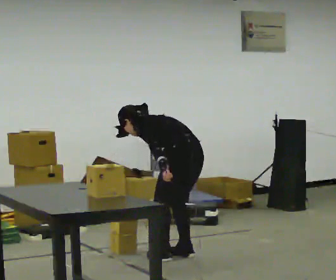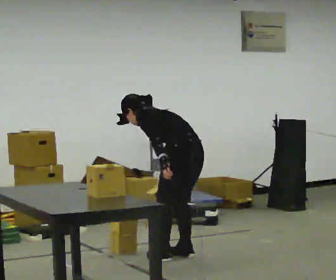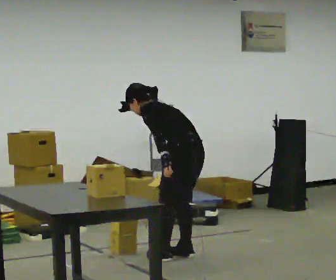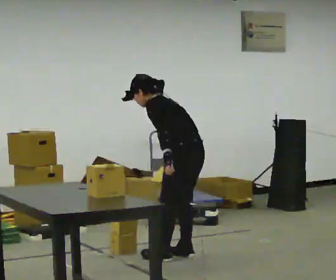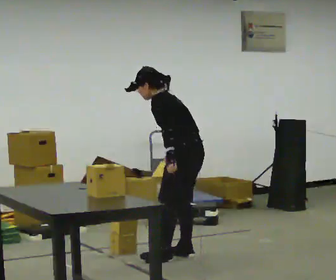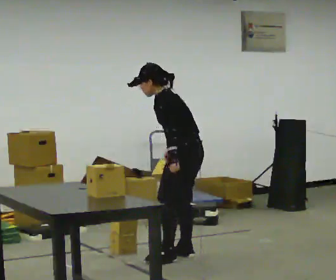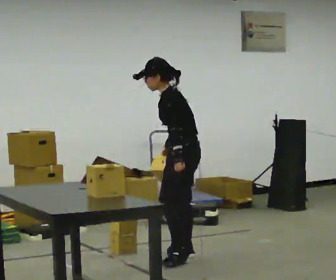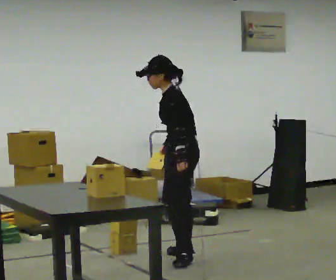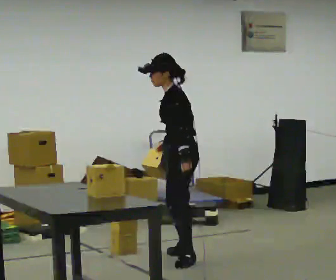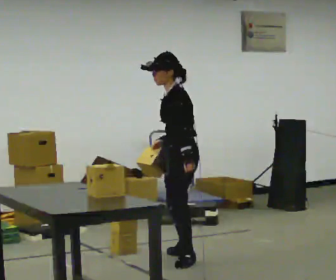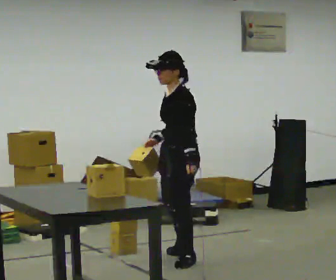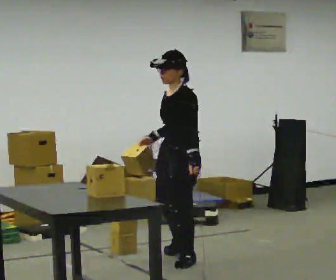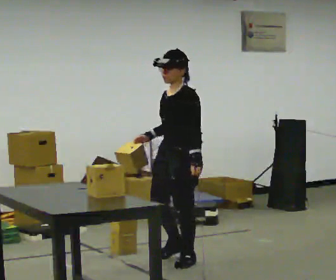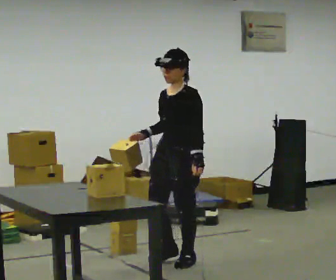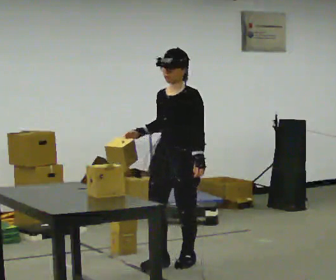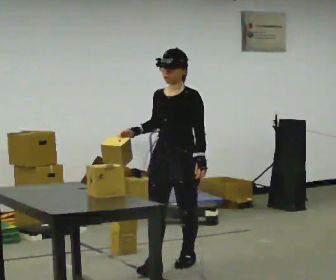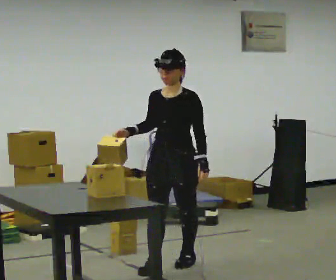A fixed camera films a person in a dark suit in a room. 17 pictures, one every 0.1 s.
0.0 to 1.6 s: Seen from above the body turns counterclockwise, about 105 degrees: to their left, with its near side sliding to the right. In the picture they go toward the camera, about 0.25 m in 1 step. The shoulders move upward. In the picture the upper body tilts clockwise, shoulders to the right, as they lean back or straighten. In the picture their right hand goes upward, the arm swinging clockwise.
The film runs forward here.
